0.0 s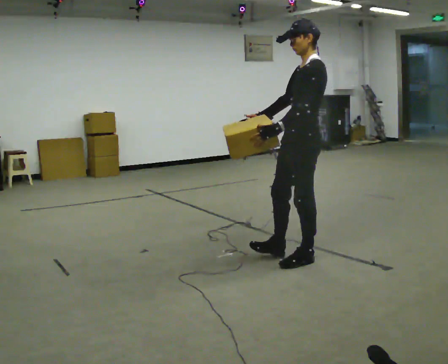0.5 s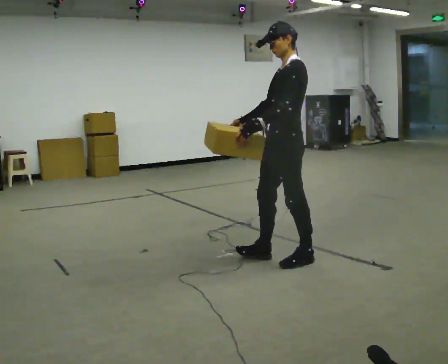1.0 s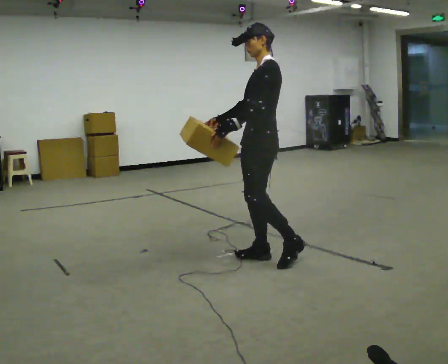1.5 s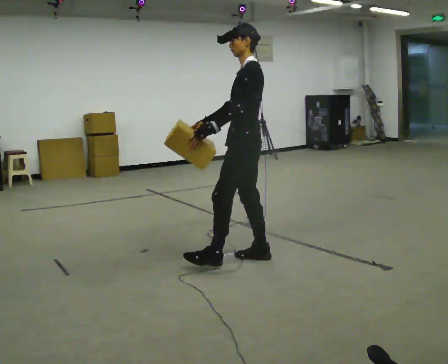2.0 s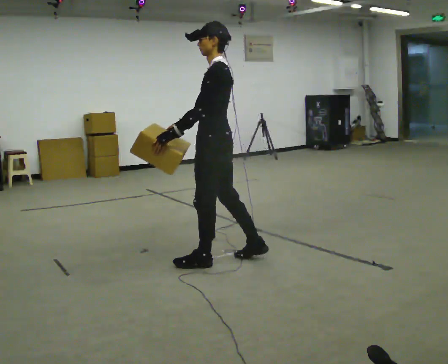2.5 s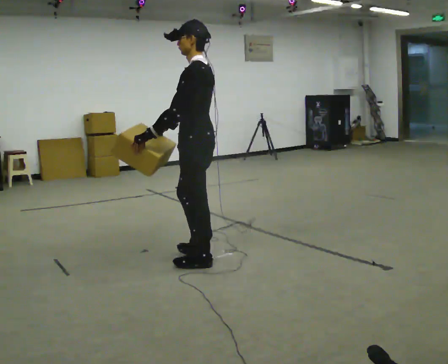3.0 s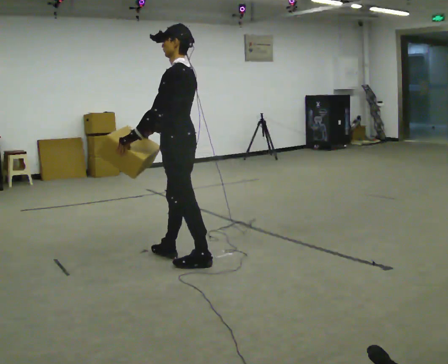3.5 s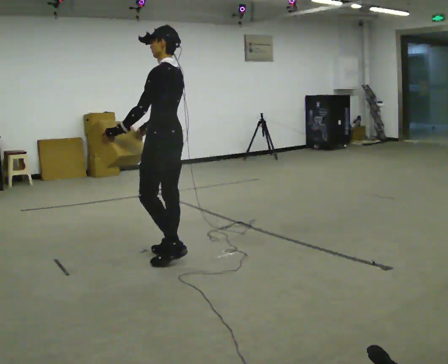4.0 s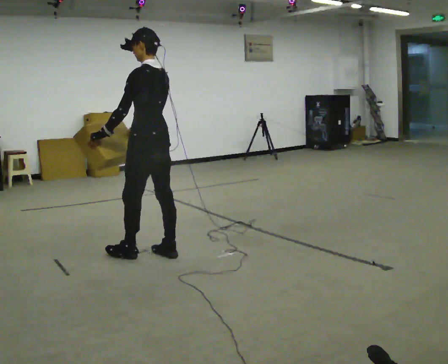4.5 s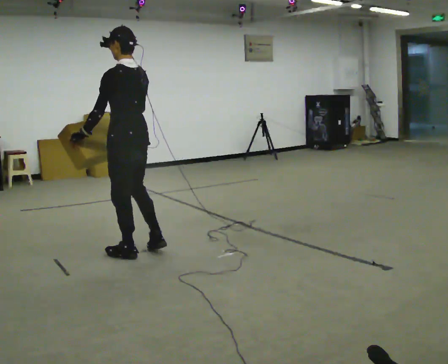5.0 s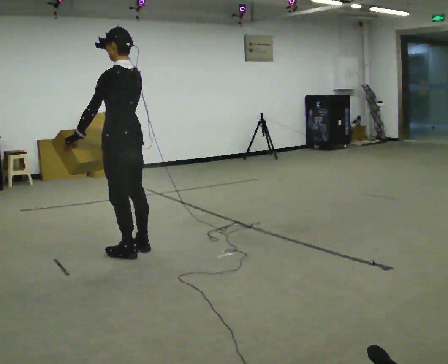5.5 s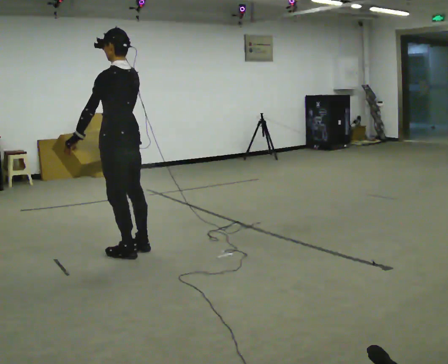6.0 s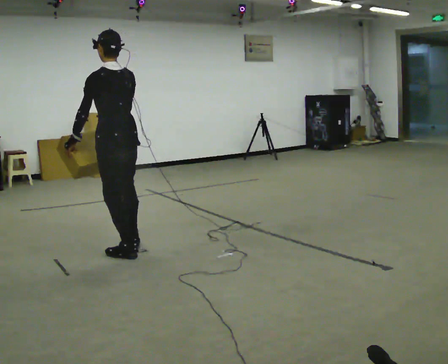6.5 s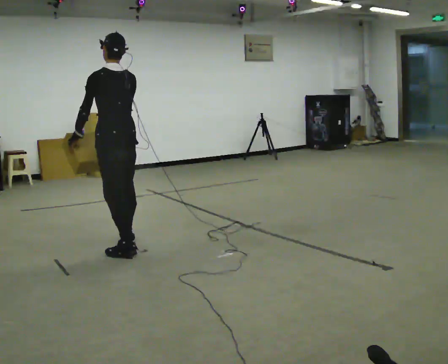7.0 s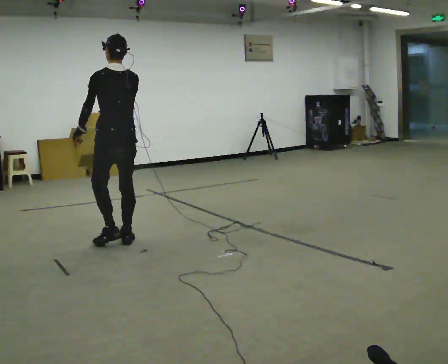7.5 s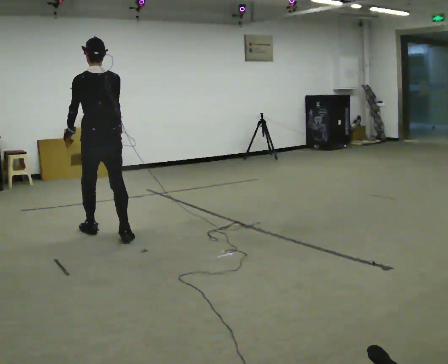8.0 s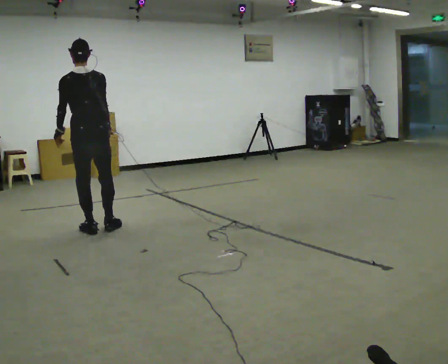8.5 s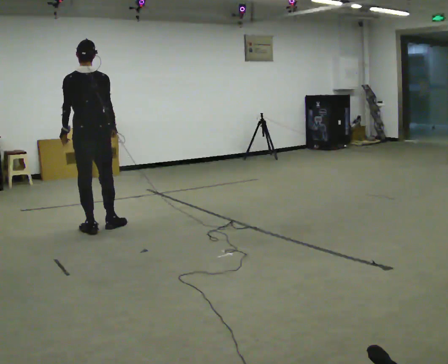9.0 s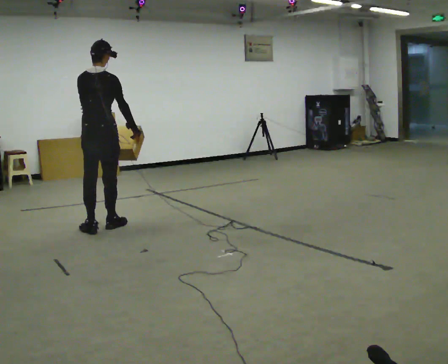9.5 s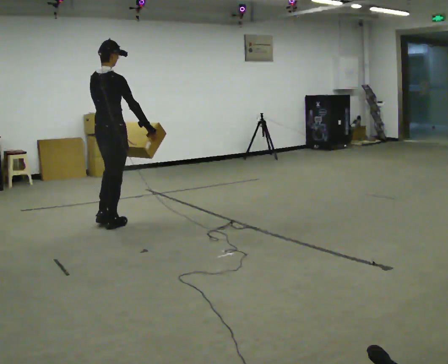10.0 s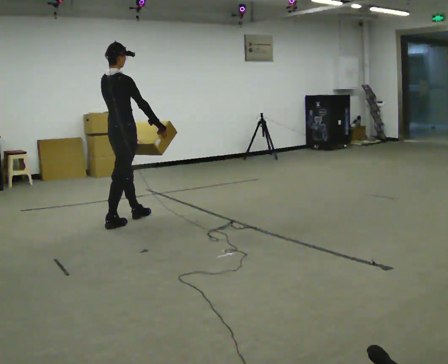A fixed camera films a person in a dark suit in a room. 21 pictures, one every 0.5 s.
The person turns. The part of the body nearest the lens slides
to the left.
Their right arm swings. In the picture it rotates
counterclockwise.
0.0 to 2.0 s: In the picture they go to the left, about 0.5 m in 2 steps, which for them is forward.
2.0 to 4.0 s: In the picture they go to the left and away from the camera, about 0.5 m in 2 steps, which for them is forward.
4.0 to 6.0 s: In the picture they go to the left, about 0.25 m in 1 step, which for them is forward.
6.0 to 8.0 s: In the picture they go away from the camera and to the left, about 0.75 m in 2 steps, which for them is forward.
8.0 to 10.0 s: Seen from above the body turns clockwise, about 60 degrees: to their right, with its near side sliding to the left. In the picture they go away from the camera and to the right, about 0.5 m in 2 steps.
The film runs forward here.
